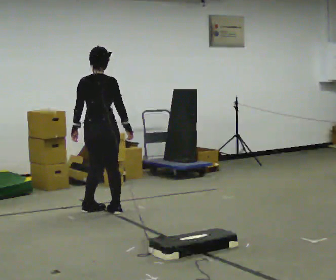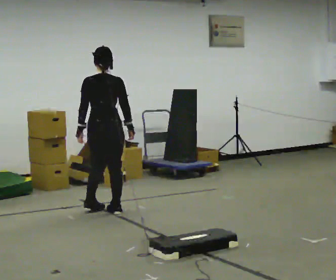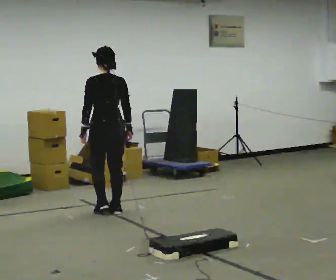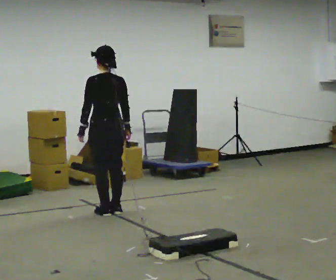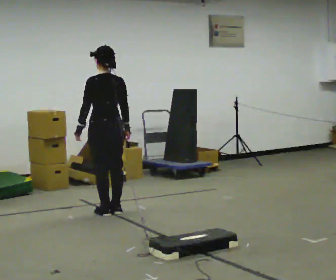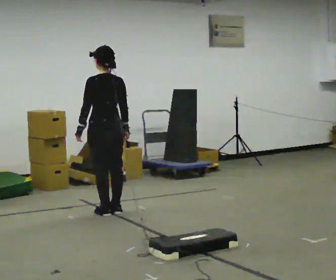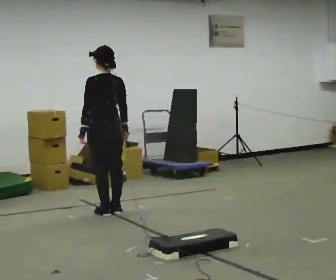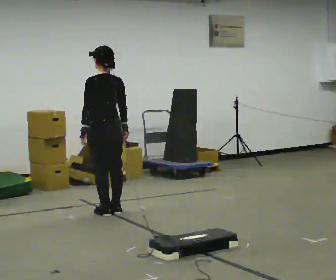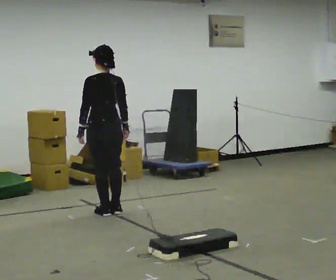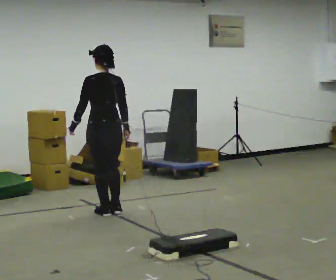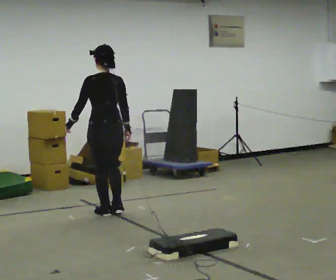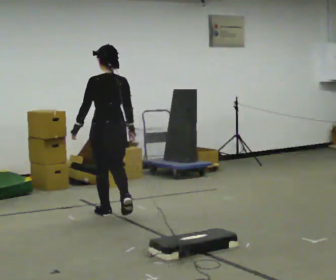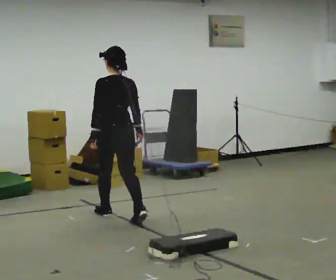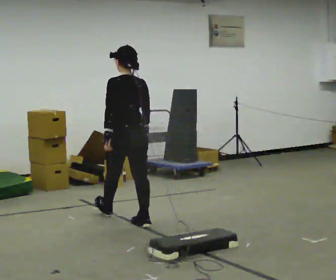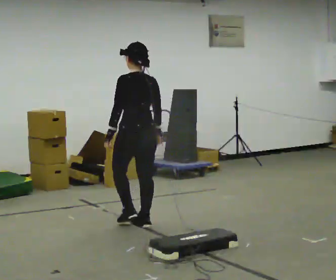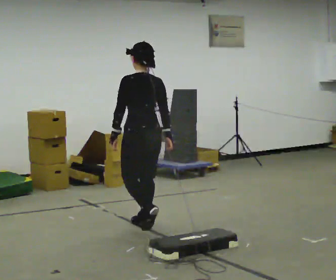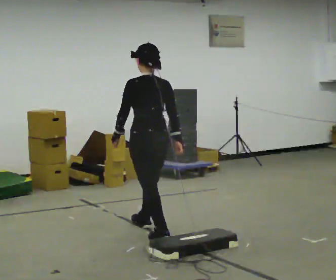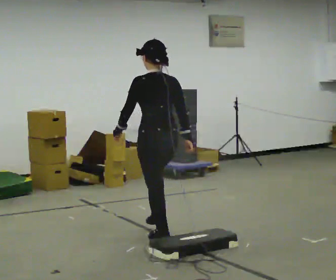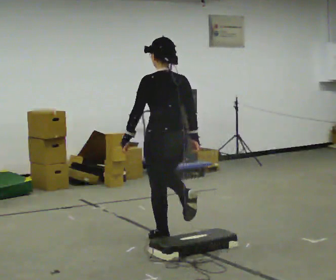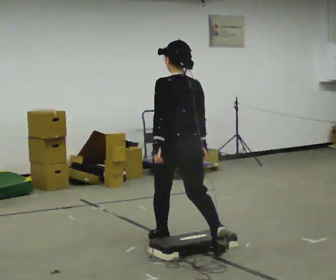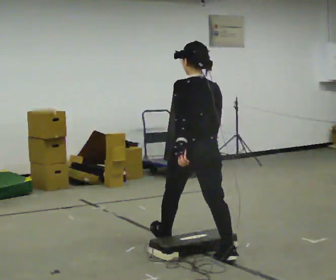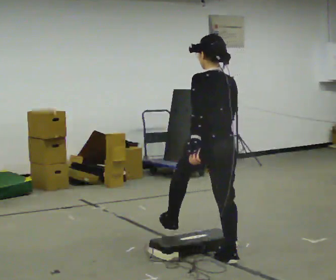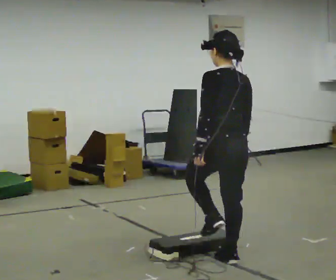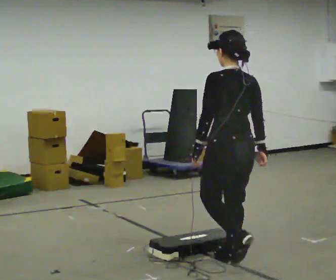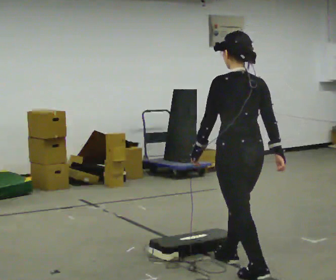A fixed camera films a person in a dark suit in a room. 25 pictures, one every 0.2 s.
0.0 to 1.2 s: The person turns about 75 degrees to their left, counterclockwise seen from above, so the part of the body nearest the lens slides to the right.
1.2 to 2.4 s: In the picture they go toward the camera, about 0.25 m in 1 step, which for them is backward.
2.4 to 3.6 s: In the picture they go toward the camera and to the right, about 1 m in 2 steps, which for them is backward.
3.6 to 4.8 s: In the picture they go toward the camera and to the right, about 1 m in 1 step, which for them is backward.
The film runs backward here.
